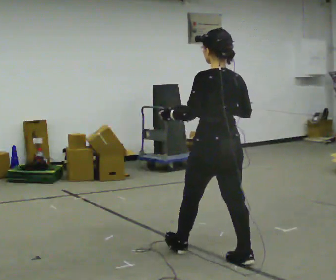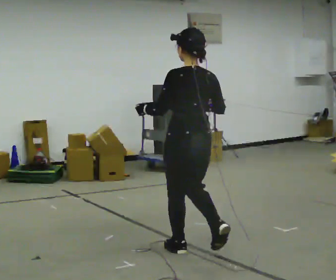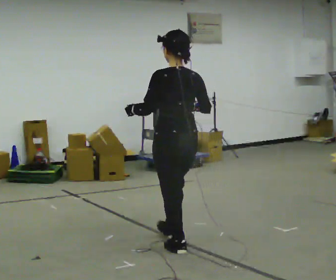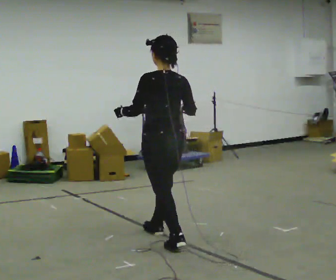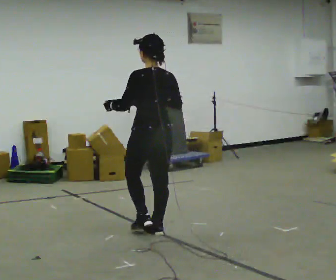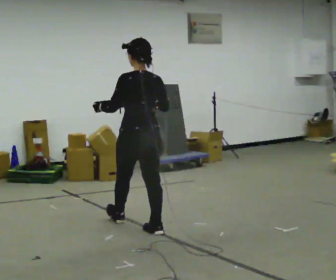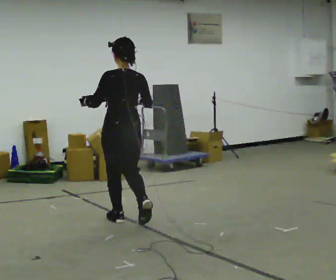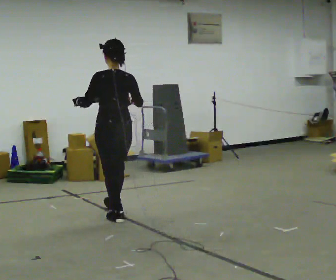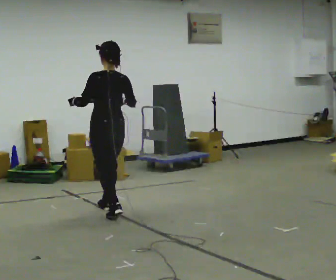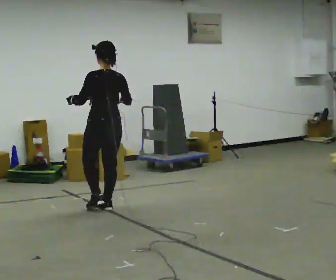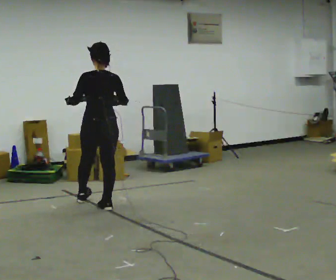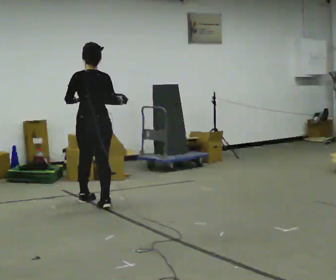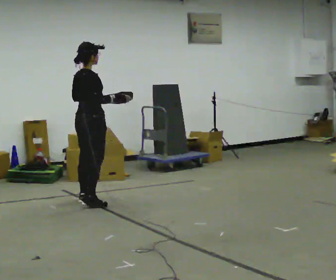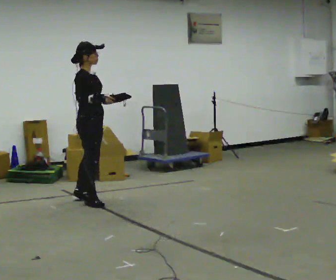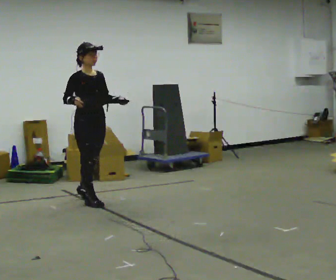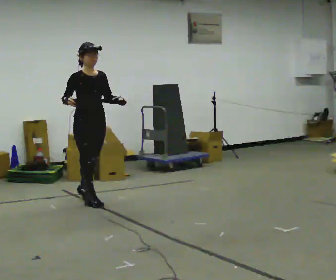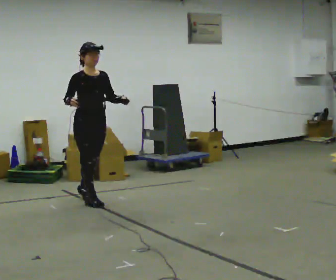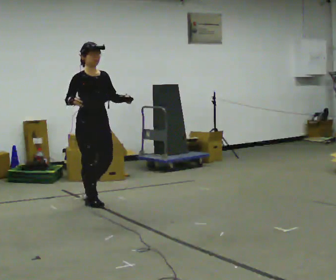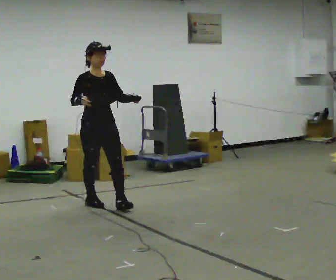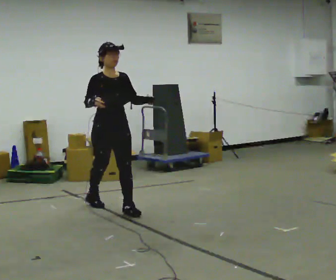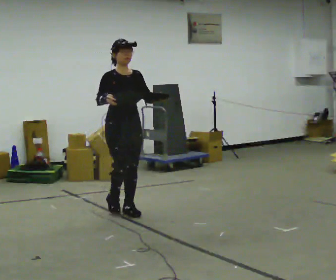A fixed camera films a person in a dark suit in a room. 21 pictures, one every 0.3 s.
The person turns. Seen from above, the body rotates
clockwise.
The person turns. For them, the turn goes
to their right.
0.0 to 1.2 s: In the picture they go away from the camera and to the left, about 1 m in 1 step, which for them is forward.
1.2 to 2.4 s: In the picture they go away from the camera and to the left, about 1 m in 2 steps, which for them is forward.
2.4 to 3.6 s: The part of the body nearest the lens slides to the left as the person turns to their right by about 90 degrees. In the picture they go away from the camera and to the left, about 0.5 m in 1 step.
3.6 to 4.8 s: The person turns about 90 degrees to their right, clockwise seen from above, so the part of the body nearest the lens slides to the left. In the picture their right hand goes to the left.
4.8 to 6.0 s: In the picture they go toward the camera and to the right, about 0.5 m in 1 step, which for them is forward.
The film runs forward here.
